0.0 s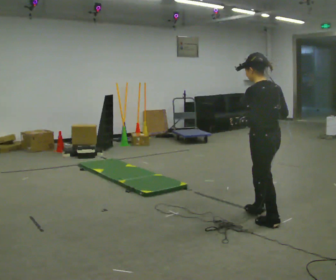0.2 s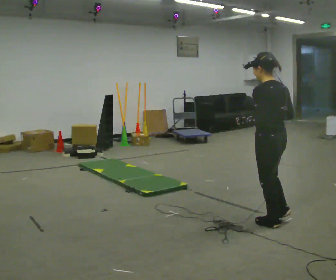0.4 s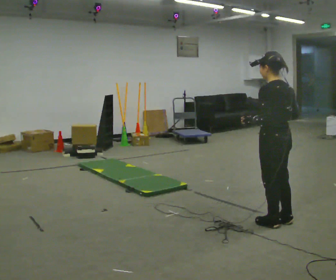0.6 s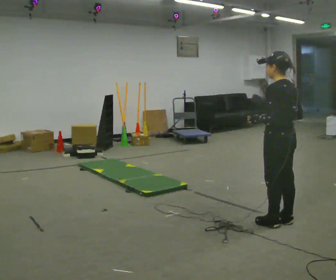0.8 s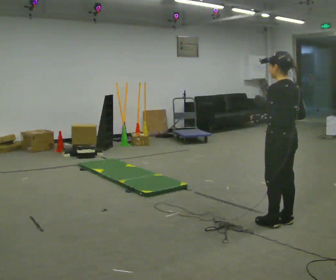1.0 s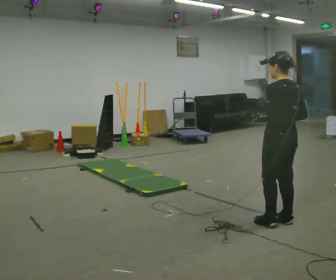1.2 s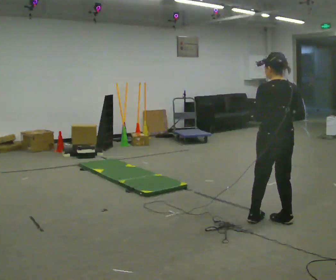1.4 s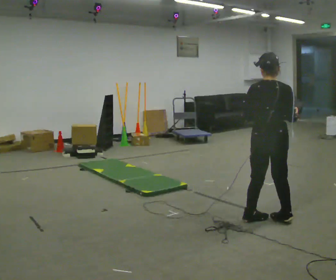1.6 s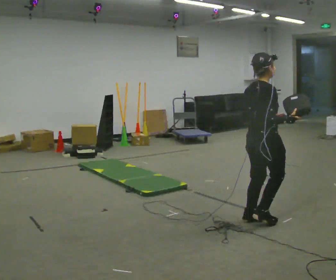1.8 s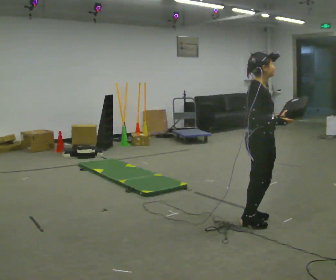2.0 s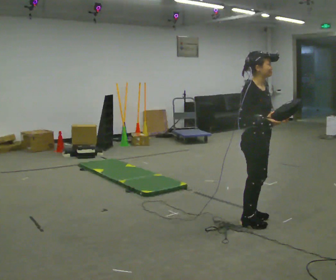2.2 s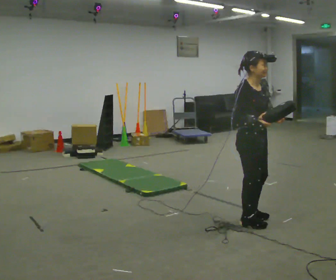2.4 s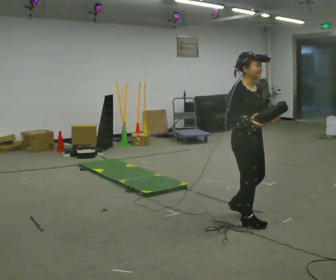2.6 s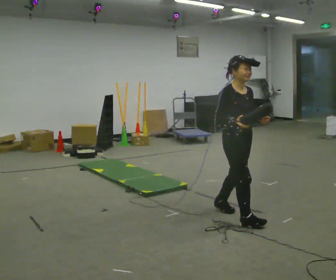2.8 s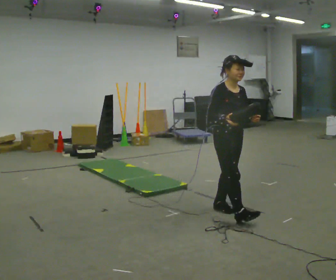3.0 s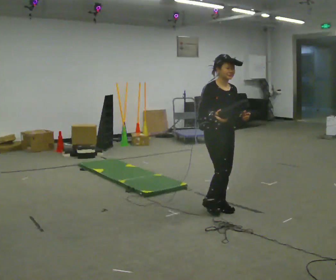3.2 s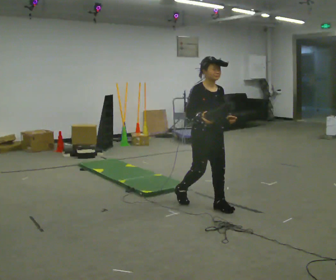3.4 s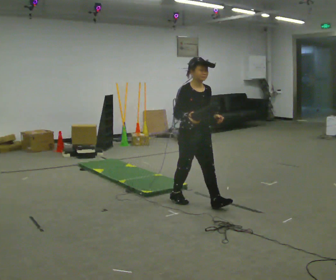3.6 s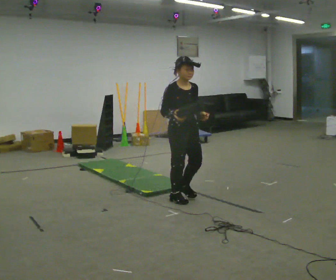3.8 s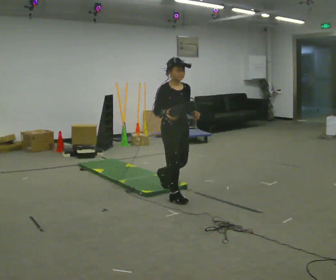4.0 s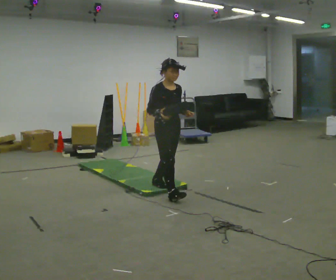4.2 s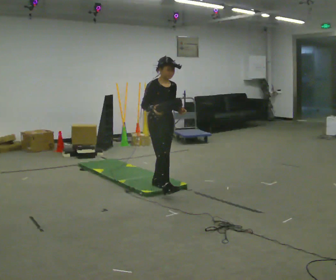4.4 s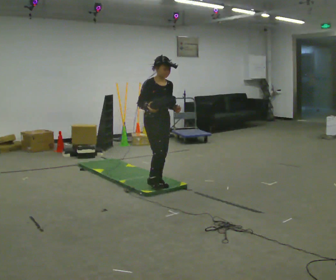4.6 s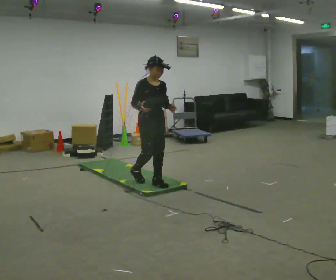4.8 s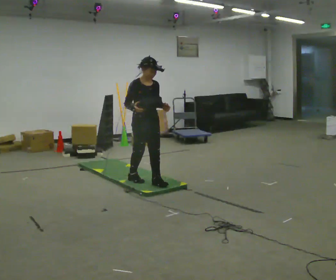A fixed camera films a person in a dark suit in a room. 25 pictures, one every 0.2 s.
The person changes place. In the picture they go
to the left.
The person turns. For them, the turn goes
to their right.
0.0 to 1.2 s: The person turns about 30 degrees to their right, clockwise seen from above, so the part of the body nearest the lens slides to the left.
1.2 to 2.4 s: The part of the body nearest the lens slides to the left as the person turns to their right by about 135 degrees. In the picture they go to the left, about 0.25 m in 2 steps.
2.4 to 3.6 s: In the picture they go to the left and away from the camera, about 1 m in 2 steps, which for them is backward.
3.6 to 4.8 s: In the picture they go to the left and away from the camera, about 0.75 m in 1 step, which for them is backward.
The film runs backward here.
